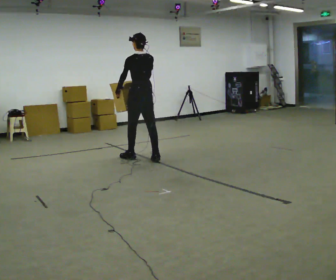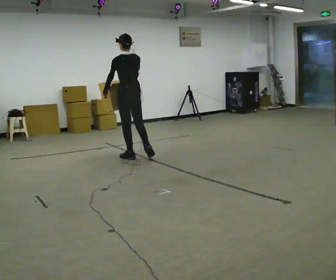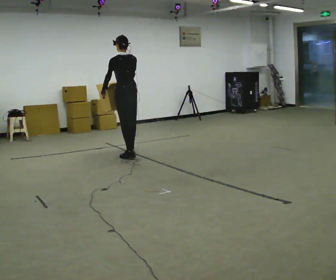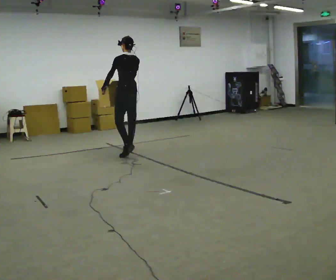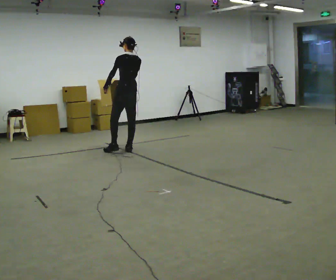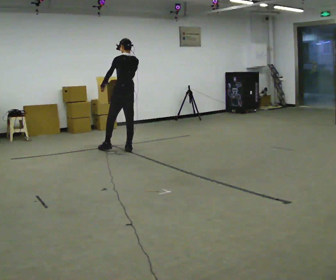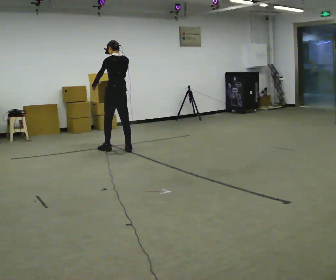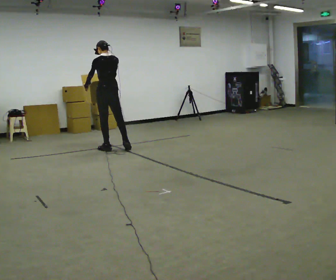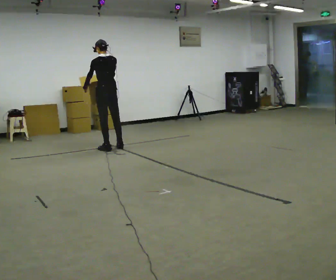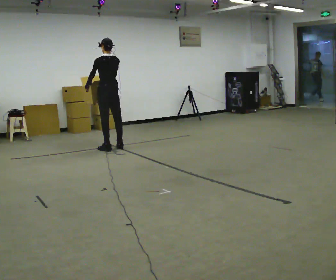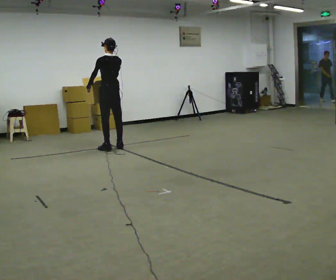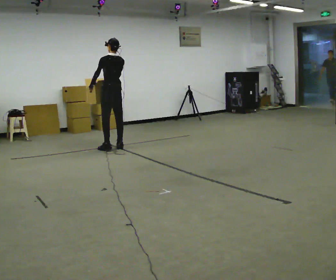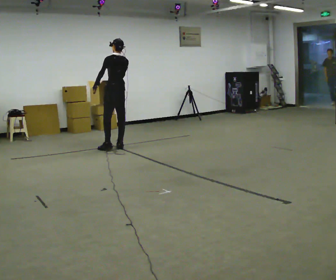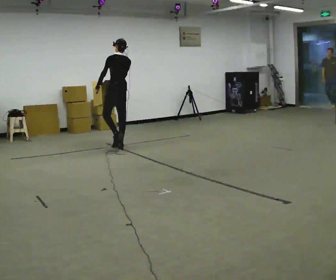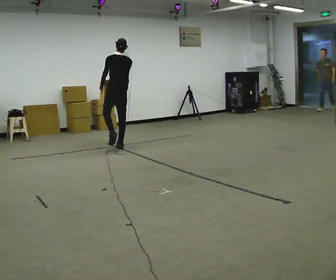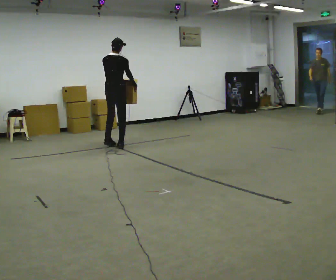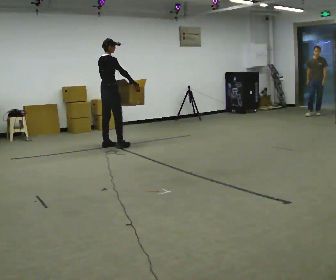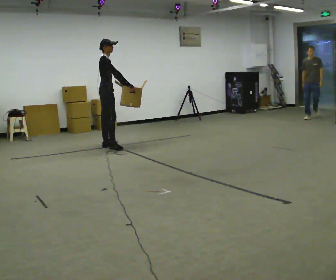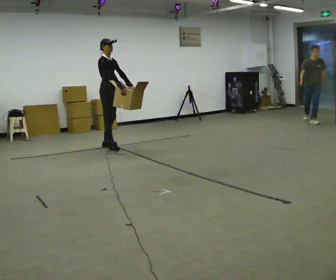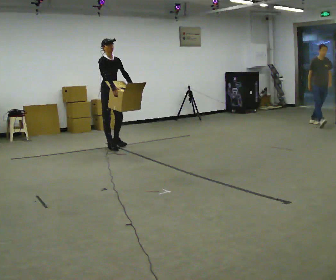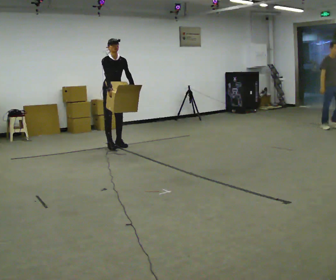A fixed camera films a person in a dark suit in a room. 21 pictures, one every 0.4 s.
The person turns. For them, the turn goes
to their right.
The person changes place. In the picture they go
away from the camera.
0.0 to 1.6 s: In the picture they go away from the camera, about 0.5 m in 1 step, which for them is forward.
1.6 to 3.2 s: In the picture they go to the left and away from the camera, about 0.25 m in 2 steps, which for them is forward and to their left.
3.2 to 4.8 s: The person moves a little, or ends about where they began.
4.8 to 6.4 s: The person turns about 90 degrees to their right, clockwise seen from above, so the part of the body nearest the lens slides to the left.
6.4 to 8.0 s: The person turns about 105 degrees to their right, clockwise seen from above, so the part of the body nearest the lens slides to the left. In the picture their right hand goes to the left, the arm swinging clockwise.
The film runs forward here.
